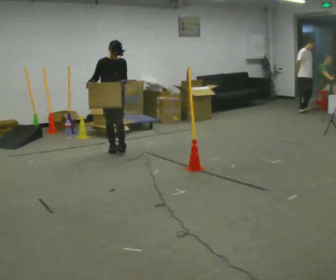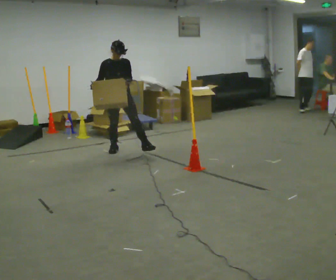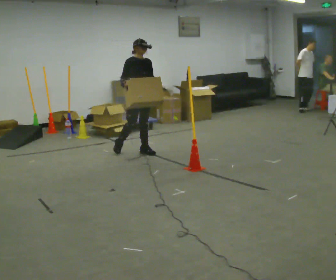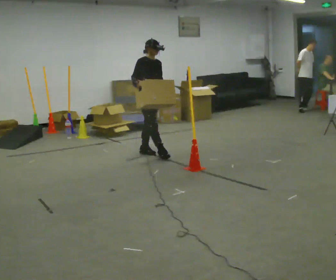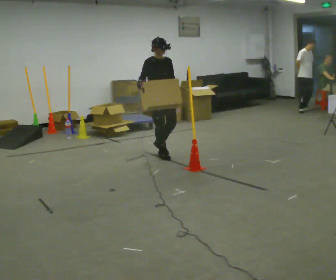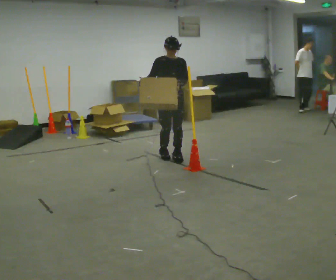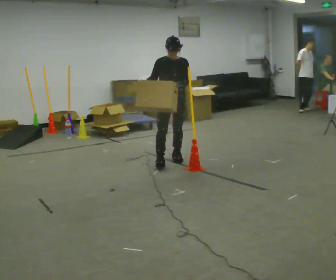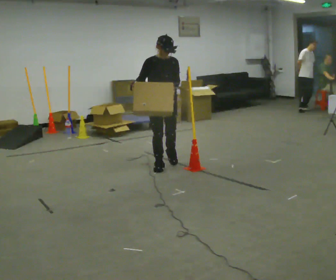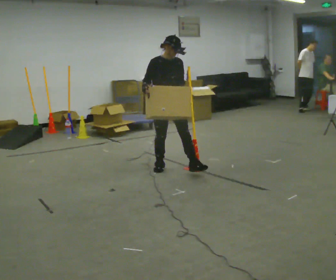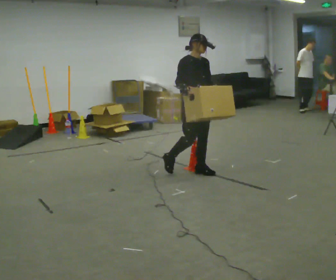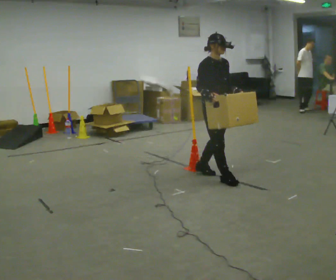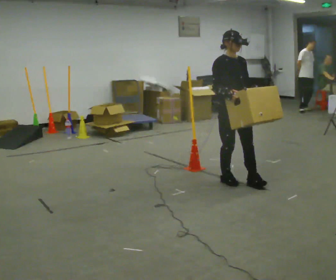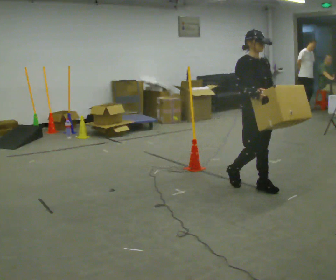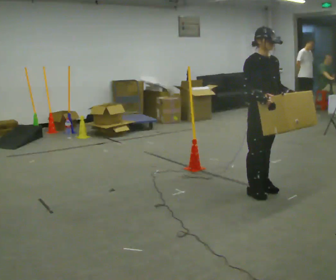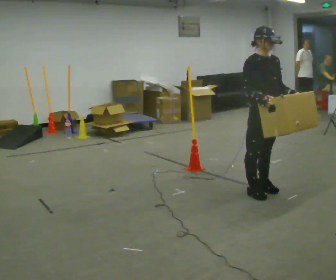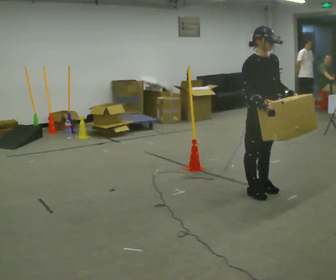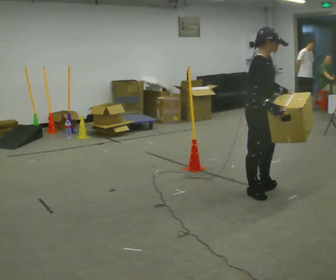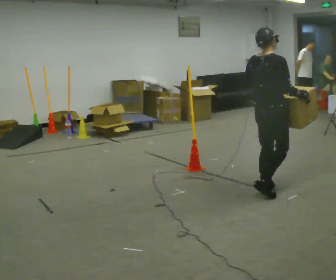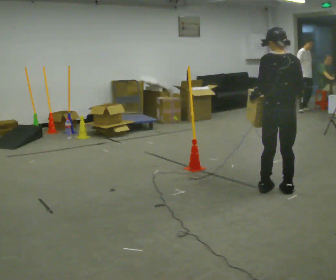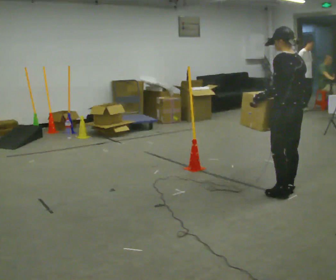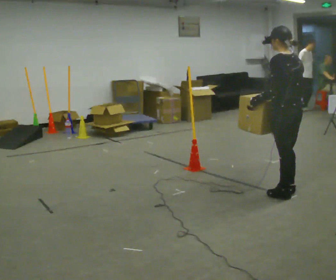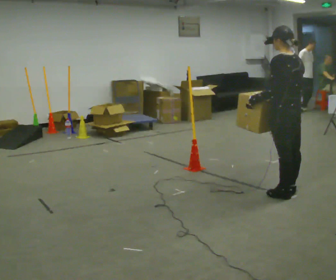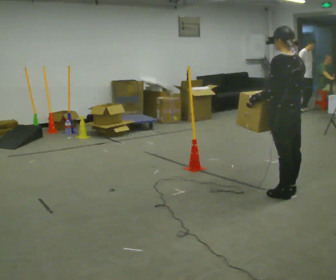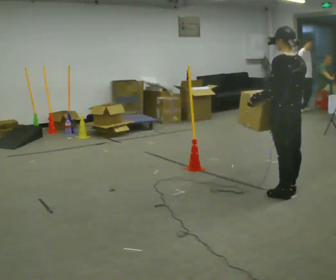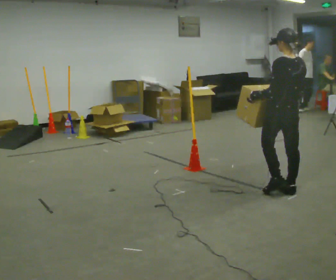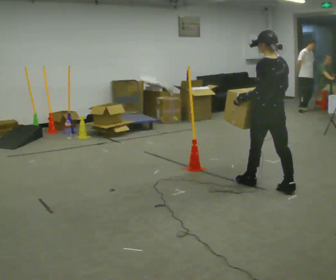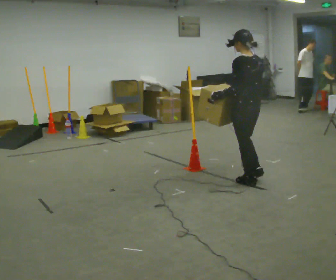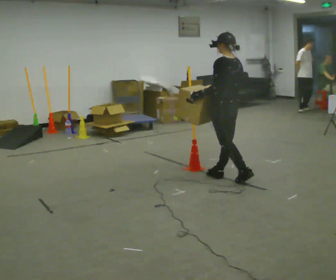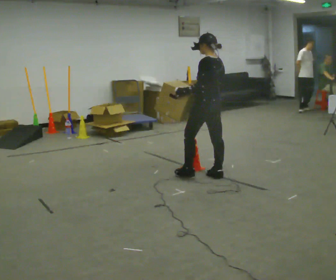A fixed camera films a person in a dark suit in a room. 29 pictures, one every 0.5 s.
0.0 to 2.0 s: In the picture they go to the right, about 0.5 m in 2 steps, which for them is forward.
2.0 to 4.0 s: In the picture they go toward the camera, about 0.75 m in 2 steps, which for them is forward.
4.0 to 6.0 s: In the picture they go to the right and toward the camera, about 1 m in 3 steps, which for them is forward.
6.0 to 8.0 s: The part of the body nearest the lens slides to the right as the person turns to their left by about 45 degrees. In the picture they go toward the camera, about 0.25 m in 1 step.
8.0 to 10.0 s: The part of the body nearest the lens slides to the right as the person turns to their left by about 135 degrees. In the picture they go to the right, about 0.25 m in 2 steps.
10.0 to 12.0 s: In the picture they go away from the camera, about 0.25 m, which for them is forward.
12.0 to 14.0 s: In the picture they go to the left and away from the camera, about 1 m in 2 steps, which for them is forward.
The film runs forward here.
